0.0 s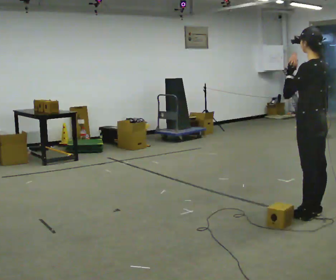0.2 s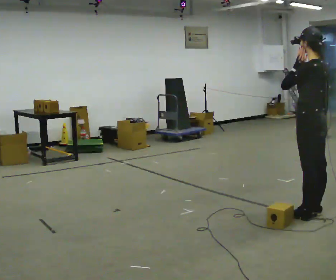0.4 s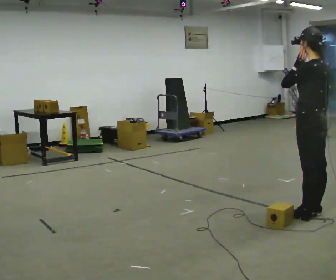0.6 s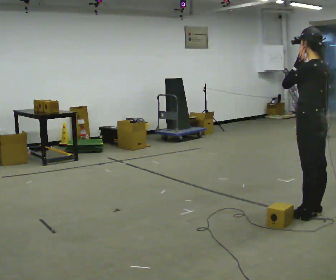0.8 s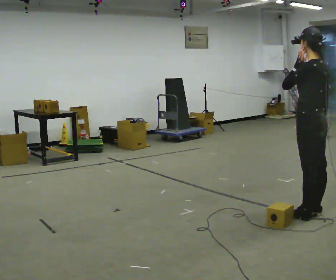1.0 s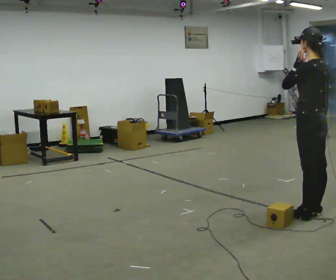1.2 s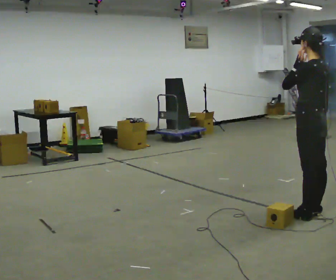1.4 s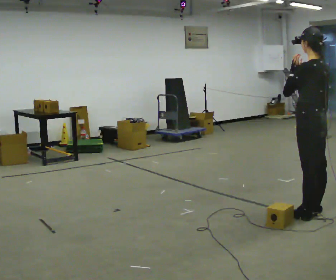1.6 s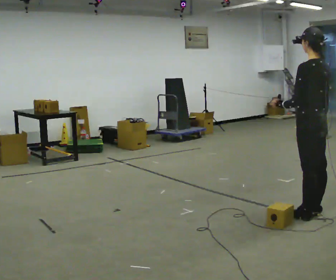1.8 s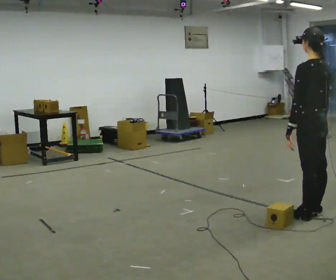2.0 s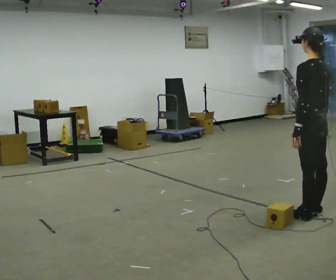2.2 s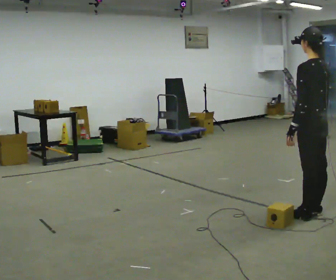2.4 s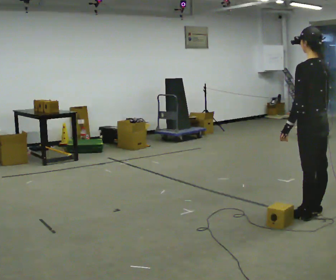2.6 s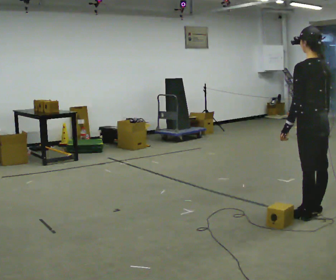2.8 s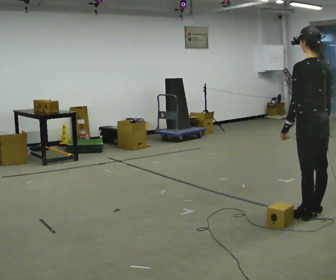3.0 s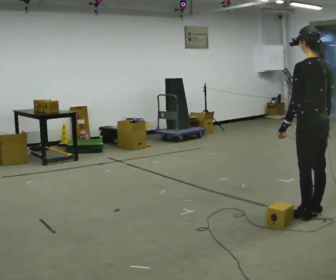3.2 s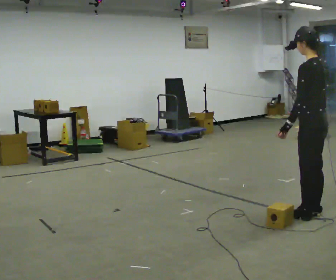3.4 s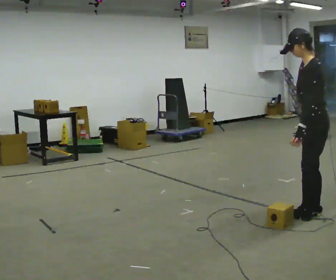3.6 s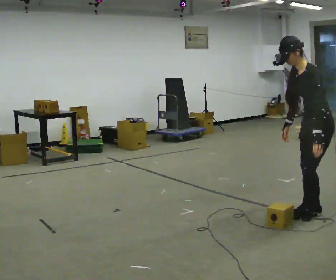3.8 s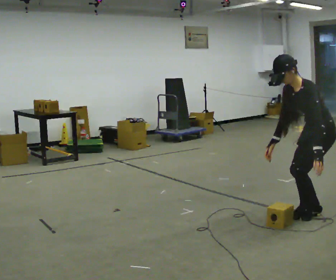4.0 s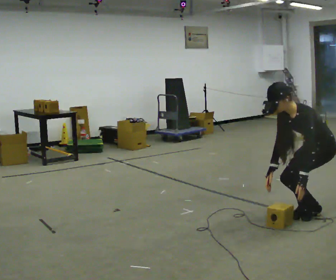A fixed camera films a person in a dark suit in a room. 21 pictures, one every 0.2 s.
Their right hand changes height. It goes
downward.
The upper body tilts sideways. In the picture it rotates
counterclockwise.
0.0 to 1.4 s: In the picture their left hand goes upward.
1.4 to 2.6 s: In the picture their left hand goes downward.
2.6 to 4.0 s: The person turns about 75 degrees to their left, counterclockwise seen from above, so the part of the body nearest the lens slides to the right. The upper body goes downward. In the picture the upper body tilts counterclockwise, shoulders to the left, as they bend forward. In the picture their left hand goes downward.
The film runs forward here.
